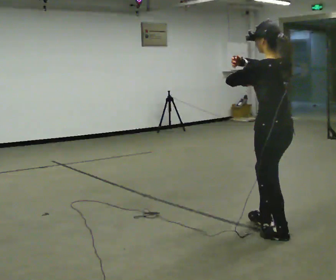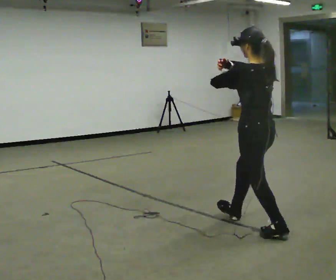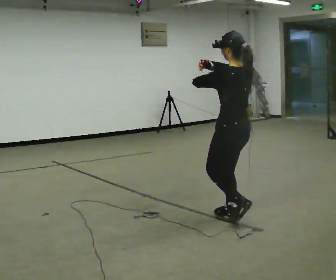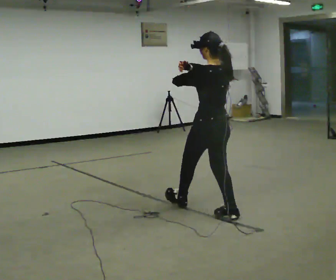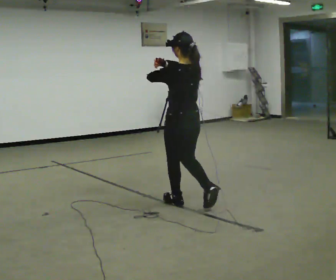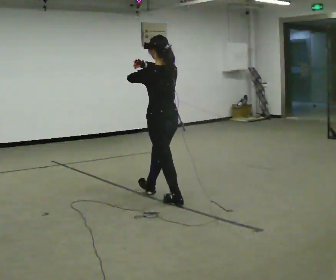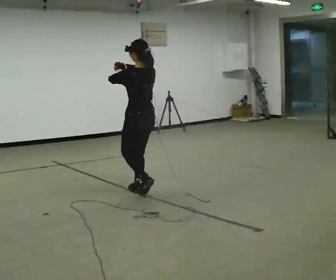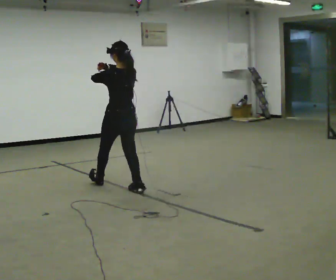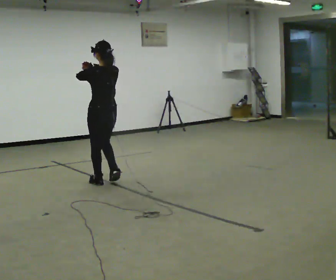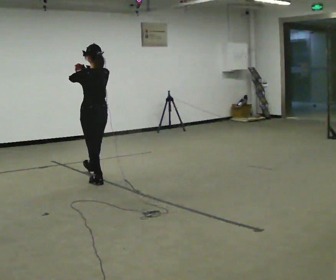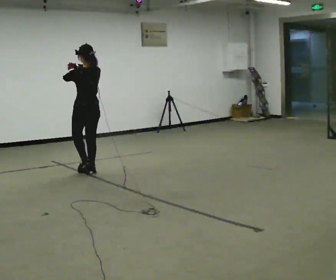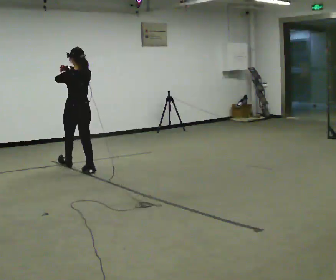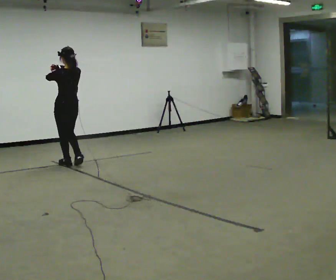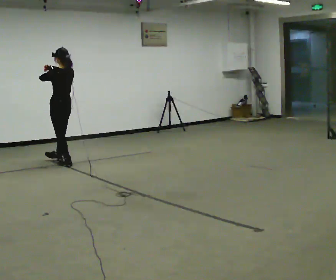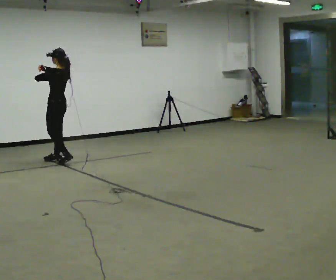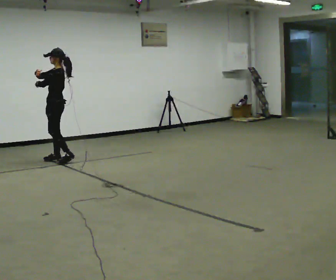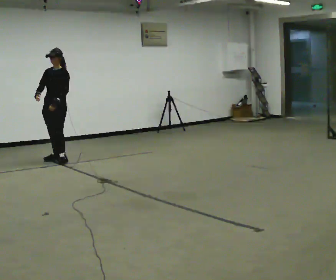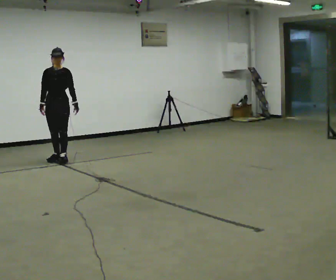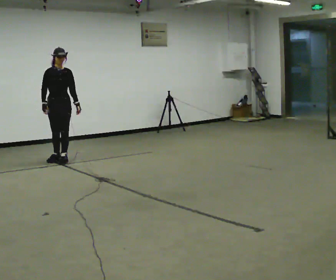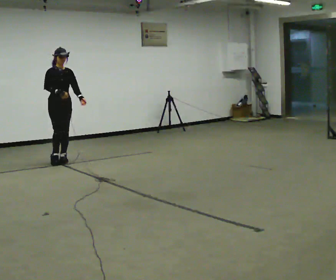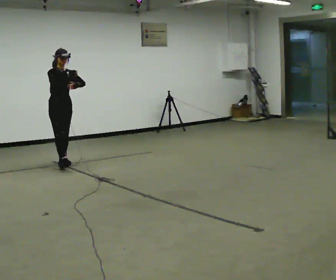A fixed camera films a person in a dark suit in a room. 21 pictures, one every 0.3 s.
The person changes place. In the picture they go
away from the camera.
The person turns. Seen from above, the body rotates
counterclockwise.
0.0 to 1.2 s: In the picture they go away from the camera and to the left, about 1 m in 2 steps, which for them is forward.
1.2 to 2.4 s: In the picture they go away from the camera and to the left, about 1.5 m in 2 steps, which for them is forward.
2.4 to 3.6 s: In the picture they go away from the camera and to the left, about 1 m in 2 steps, which for them is forward.
3.6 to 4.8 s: The part of the body nearest the lens slides to the right as the person turns to their left by about 120 degrees. In the picture they go away from the camera and to the left, about 0.5 m in 2 steps. In the picture their left hand goes downward.
4.8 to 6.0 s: The part of the body nearest the lens slides to the right as the person turns to their left by about 60 degrees. In the picture they go toward the camera, about 0.25 m, which for them is forward. In the picture their right hand goes upward.
The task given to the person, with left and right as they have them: Walk normally but hold both hands together in front of you at chest height; do not swing your arms; stop.
The film runs forward here.
